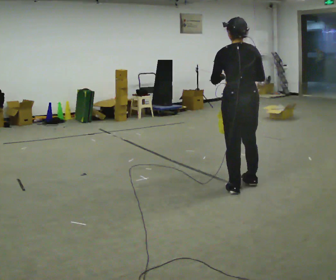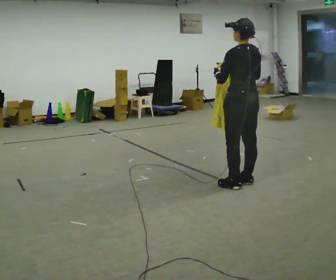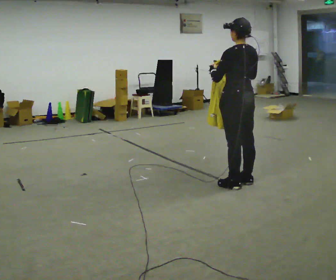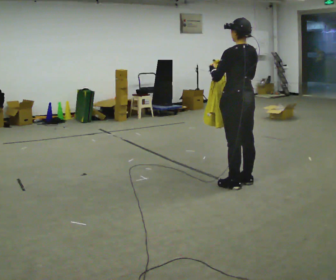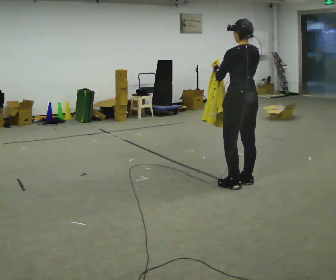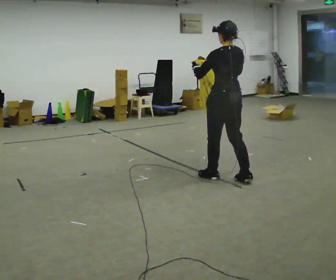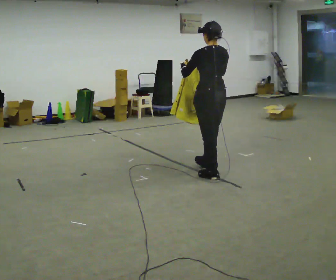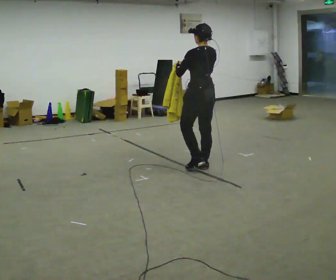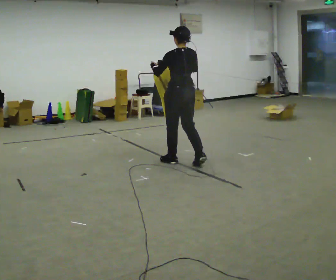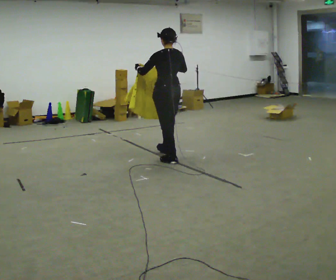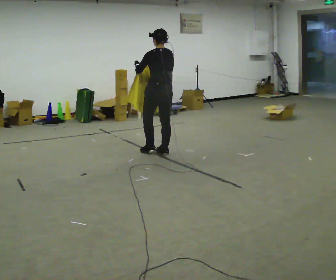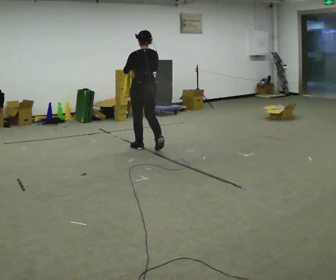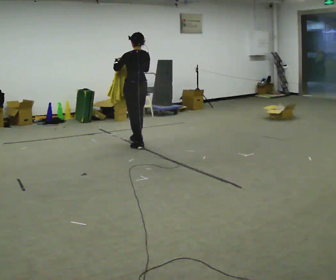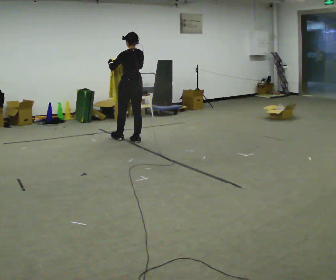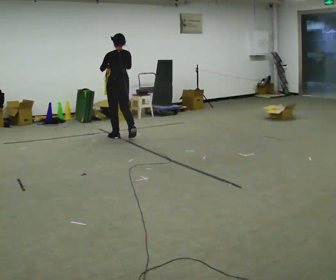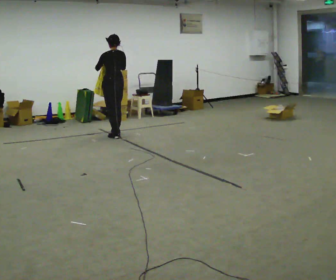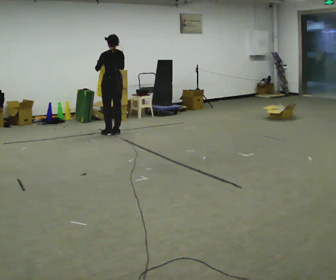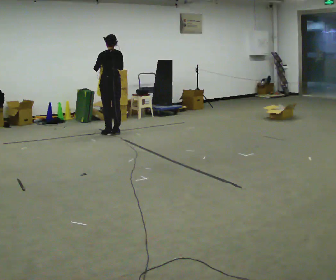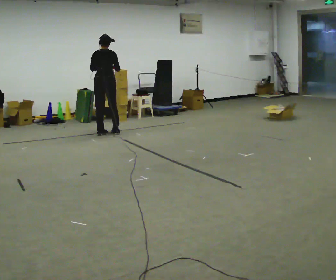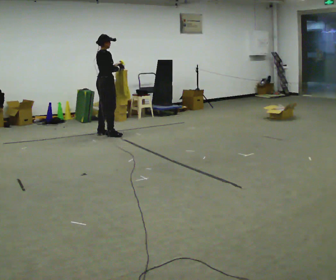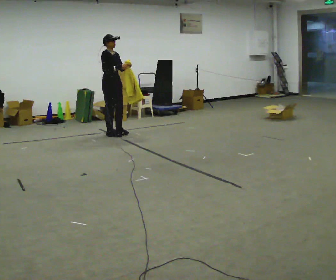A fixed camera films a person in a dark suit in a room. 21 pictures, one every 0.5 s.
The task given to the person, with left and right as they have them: Carry the cloth and, while walking, fold it in half, then unfold it. Keep repeating as you walk. Do not stop.
0.0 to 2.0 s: In the picture they go away from the camera, about 0.25 m in 1 step, which for them is forward and to their right.
2.0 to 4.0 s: In the picture they go away from the camera and to the left, about 1 m in 3 steps, which for them is forward.
4.0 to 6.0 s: In the picture they go away from the camera and to the left, about 1 m in 3 steps, which for them is forward.
6.0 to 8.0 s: In the picture they go away from the camera and to the left, about 1 m in 3 steps, which for them is forward.
8.0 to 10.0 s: The person turns about 150 degrees to their right, clockwise seen from above, so the part of the body nearest the lens slides to the left. In the picture their left hand goes to the right.
The film runs forward here.
